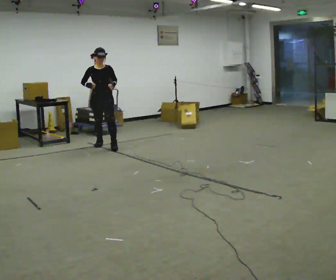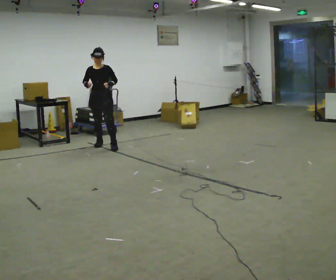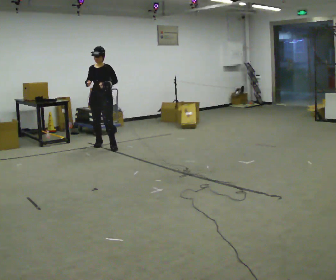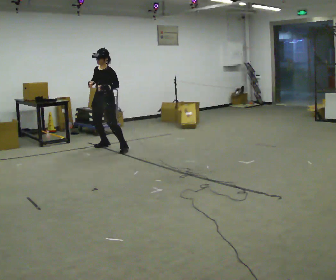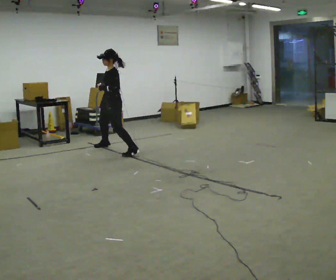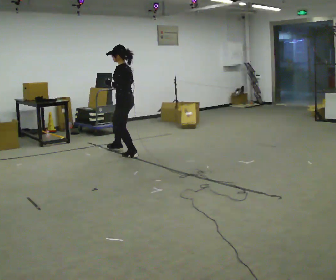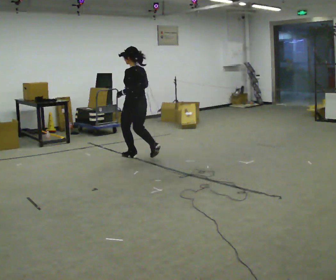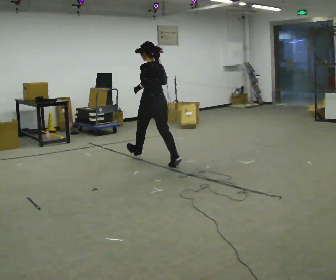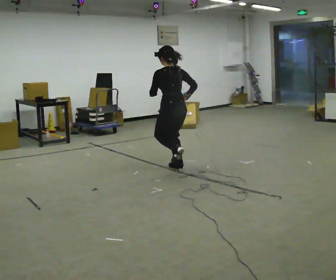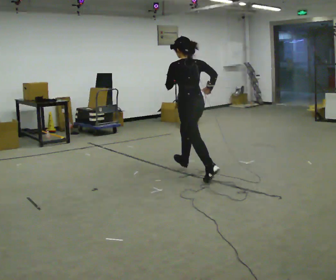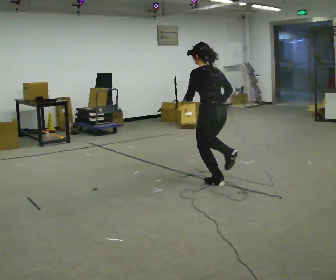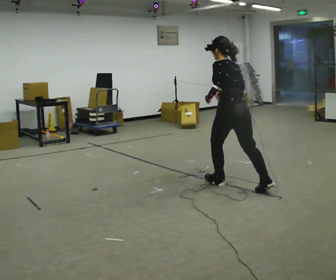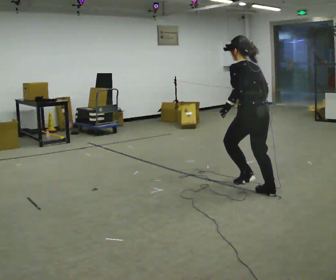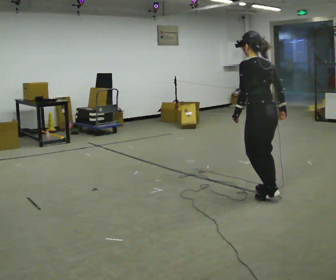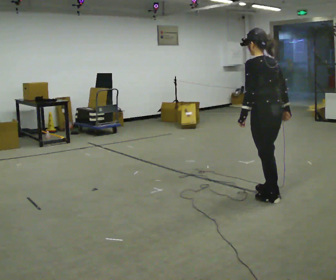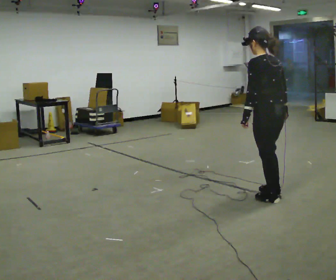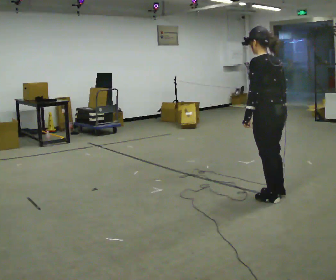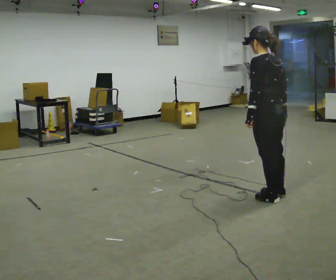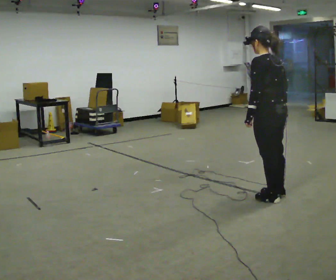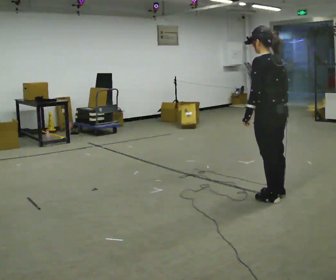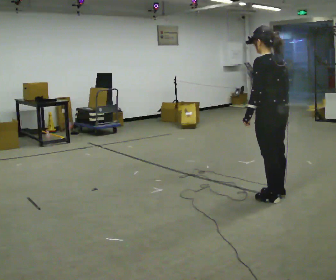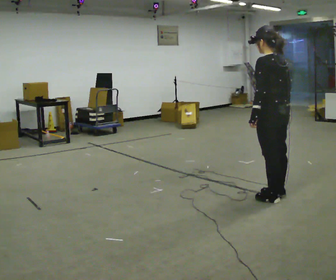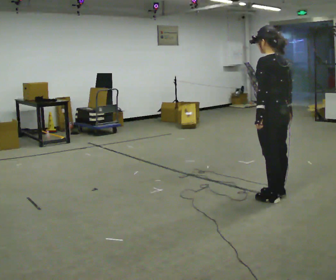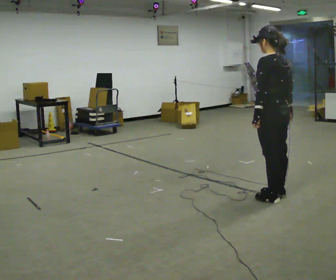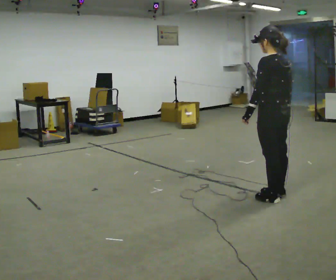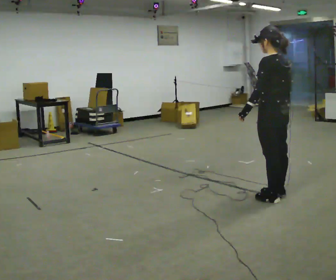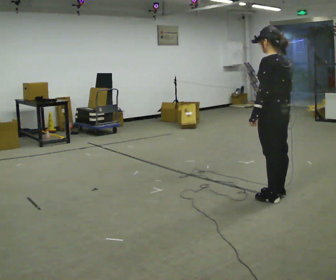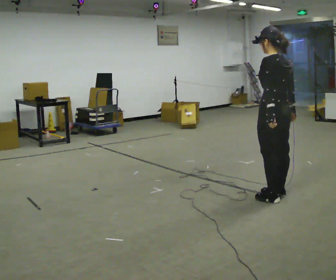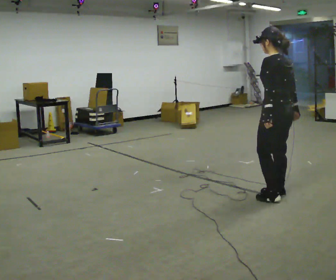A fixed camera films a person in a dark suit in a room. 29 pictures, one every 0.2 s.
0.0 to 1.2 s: The part of the body nearest the lens slides to the left as the person turns to their right by about 135 degrees. In the picture they go to the right and toward the camera, about 1 m in 3 steps.
1.2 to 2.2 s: In the picture they go to the right and toward the camera, about 1.5 m in 3 steps, which for them is backward.
2.2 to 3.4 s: In the picture they go to the right and toward the camera, about 0.5 m, which for them is backward.
3.4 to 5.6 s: The person moves a little, or ends about where they began.
The film runs backward here.
